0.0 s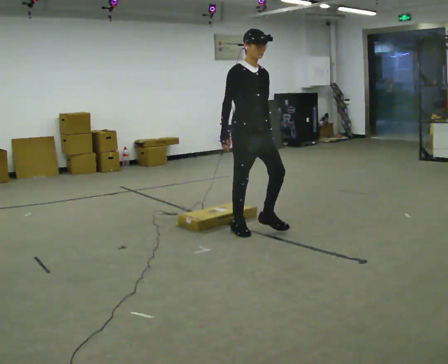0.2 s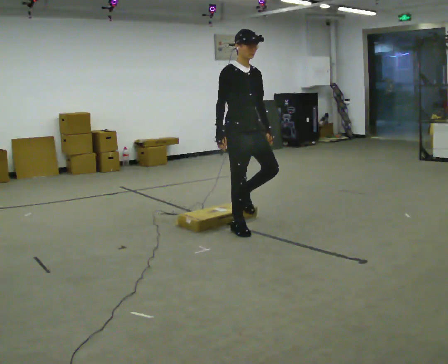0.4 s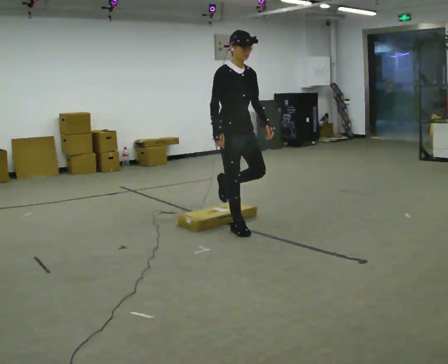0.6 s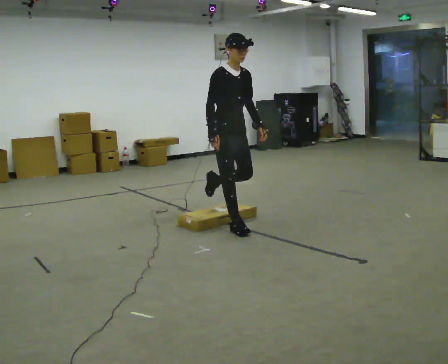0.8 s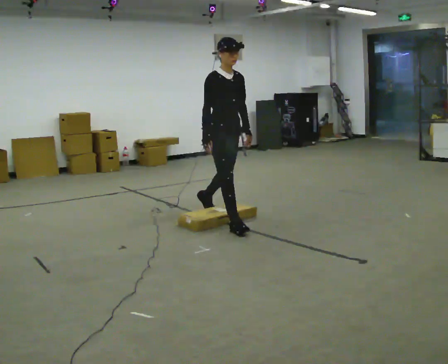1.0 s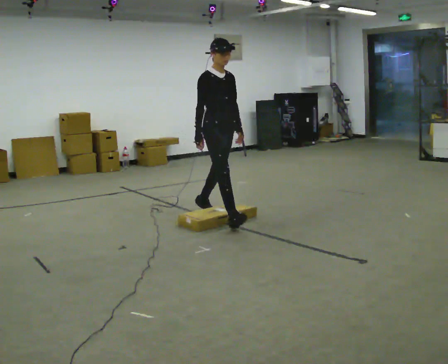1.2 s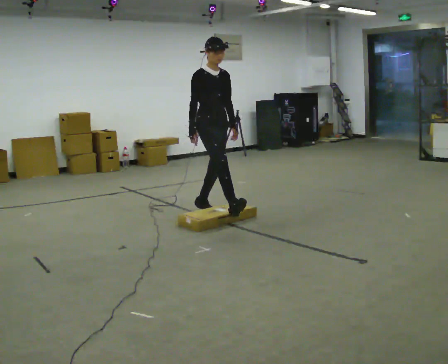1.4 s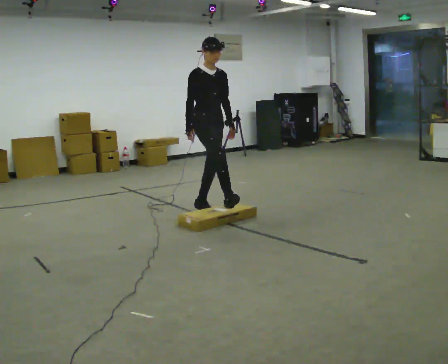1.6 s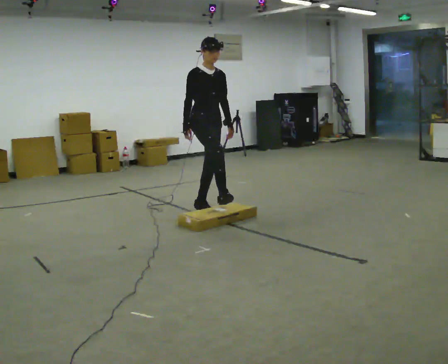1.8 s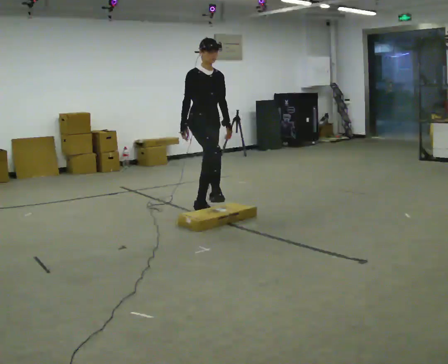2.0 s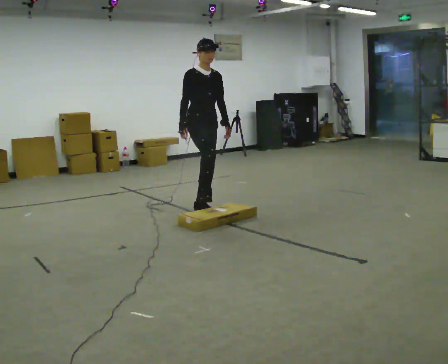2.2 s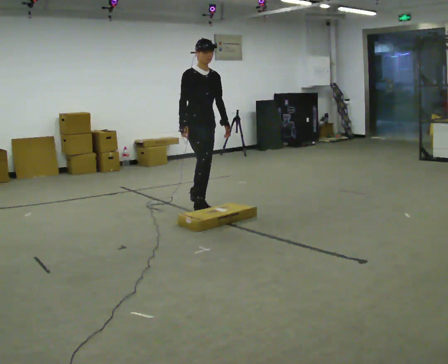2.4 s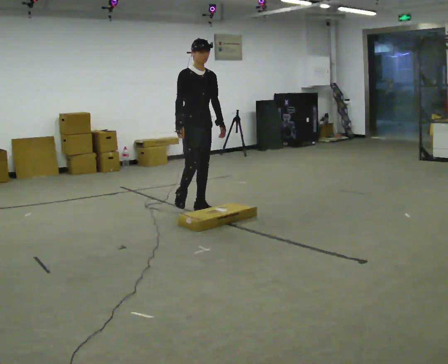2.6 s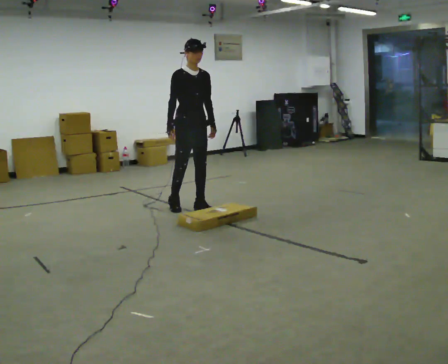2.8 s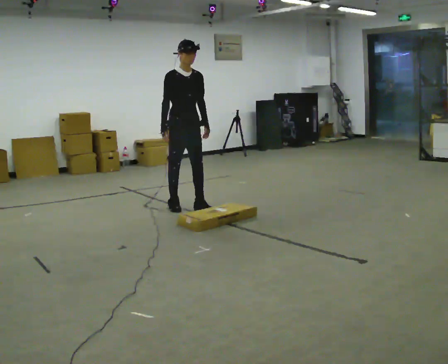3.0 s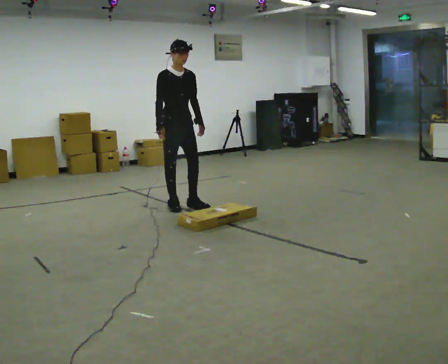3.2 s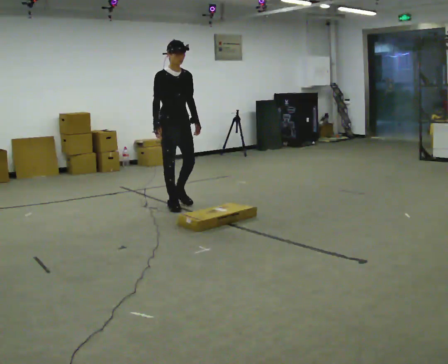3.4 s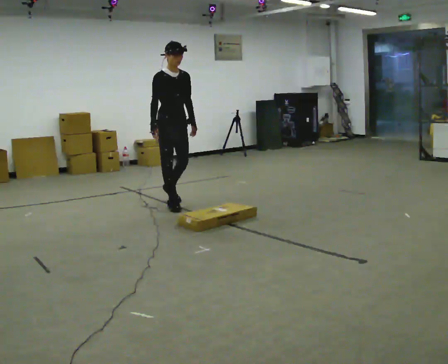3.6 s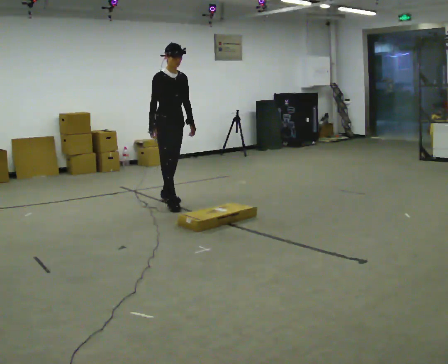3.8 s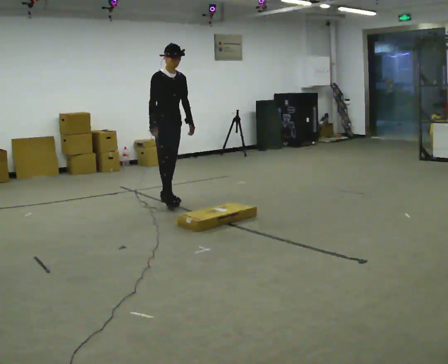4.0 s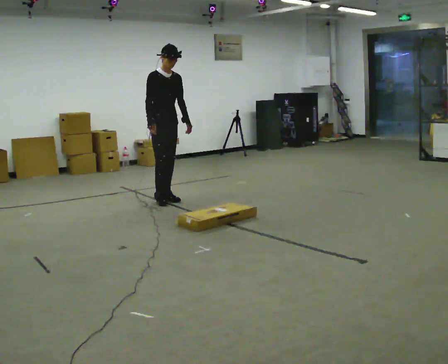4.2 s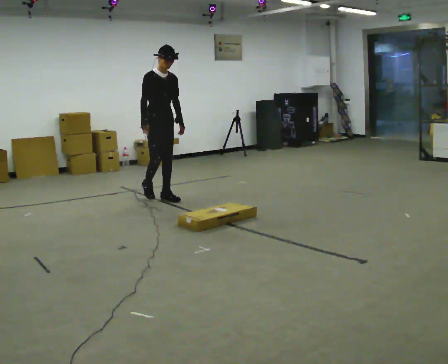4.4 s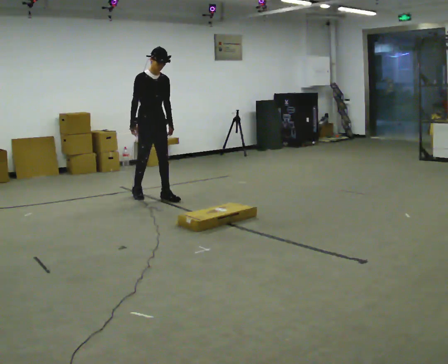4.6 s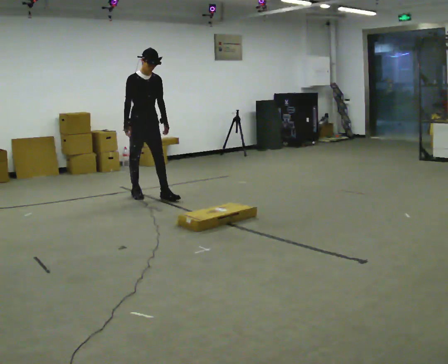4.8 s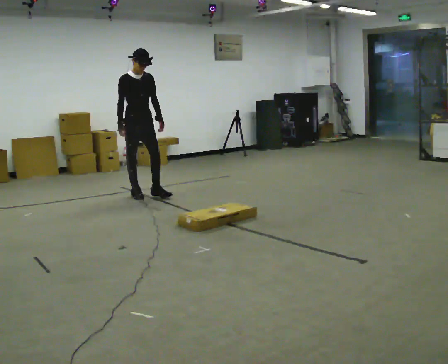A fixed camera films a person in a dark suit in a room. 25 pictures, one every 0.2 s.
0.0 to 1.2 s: In the picture they go away from the camera and to the left, about 0.75 m in 1 step, which for them is backward.
1.2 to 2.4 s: In the picture they go away from the camera and to the left, about 0.25 m in 1 step, which for them is backward.
2.4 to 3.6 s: In the picture they go to the left and away from the camera, about 0.5 m in 1 step, which for them is backward.
3.6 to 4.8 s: In the picture they go away from the camera and to the left, about 0.5 m in 2 steps, which for them is backward.
The film runs backward here.
